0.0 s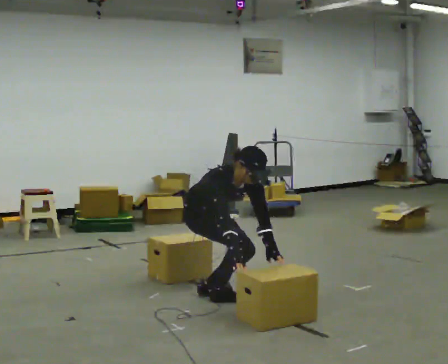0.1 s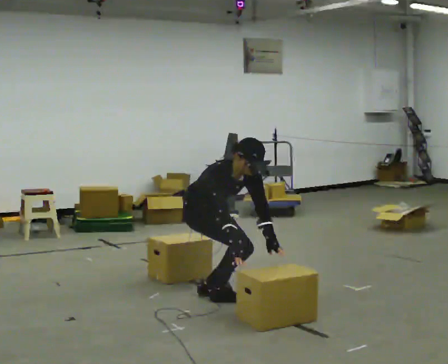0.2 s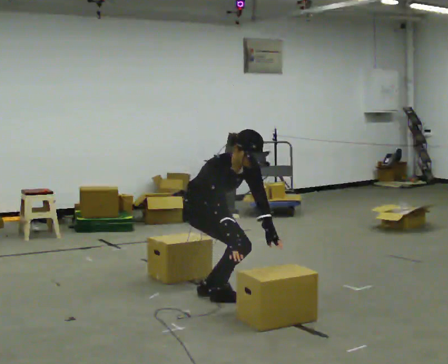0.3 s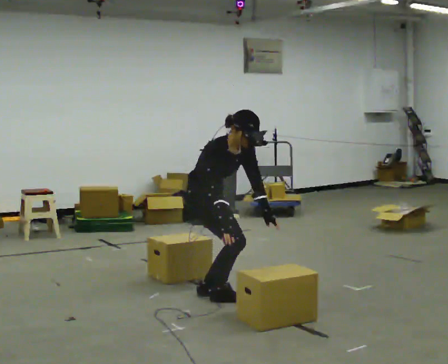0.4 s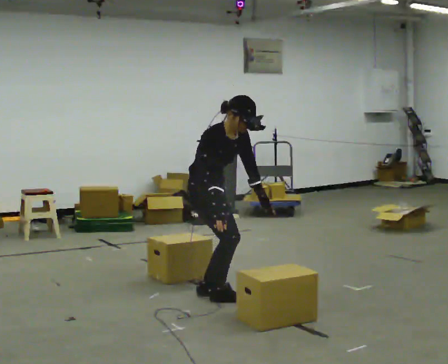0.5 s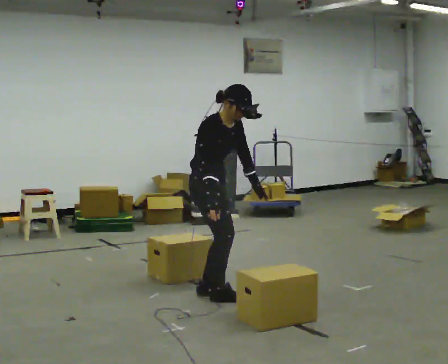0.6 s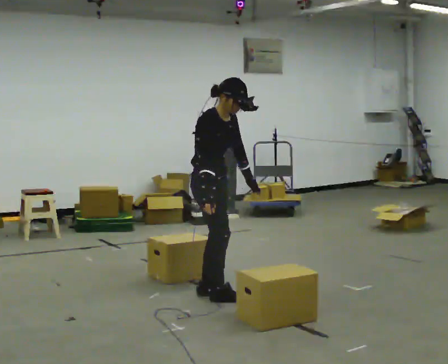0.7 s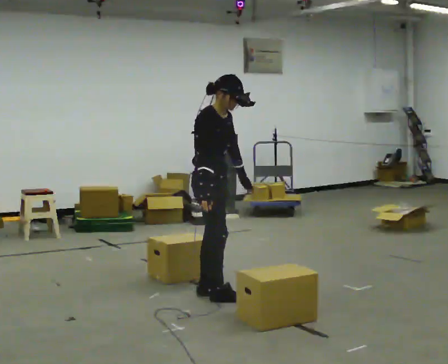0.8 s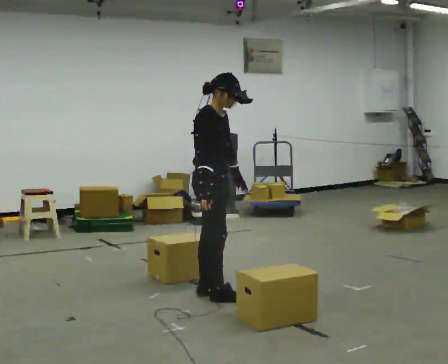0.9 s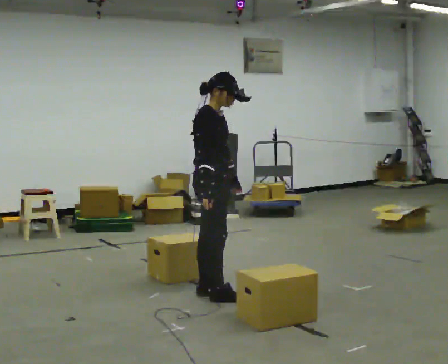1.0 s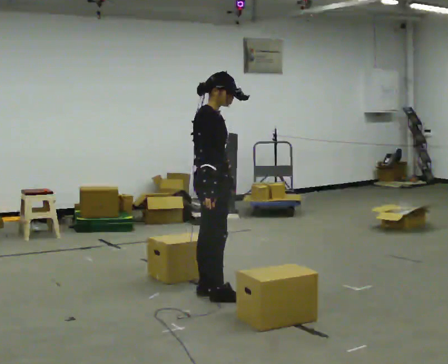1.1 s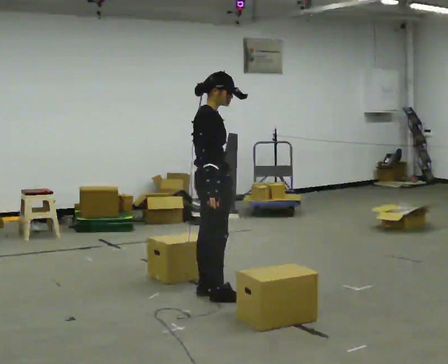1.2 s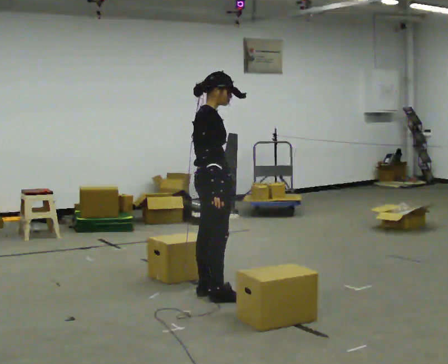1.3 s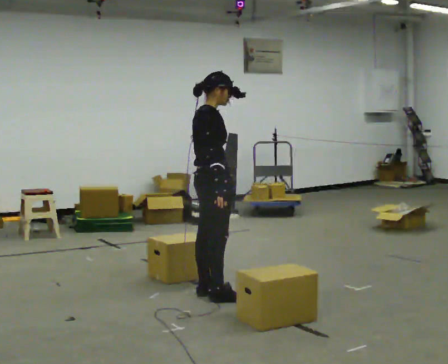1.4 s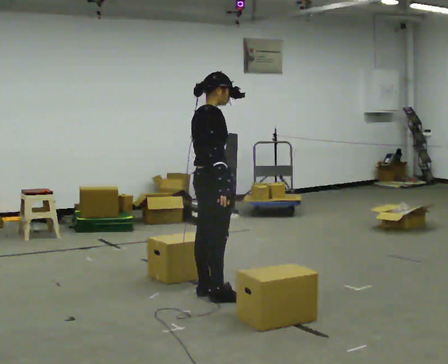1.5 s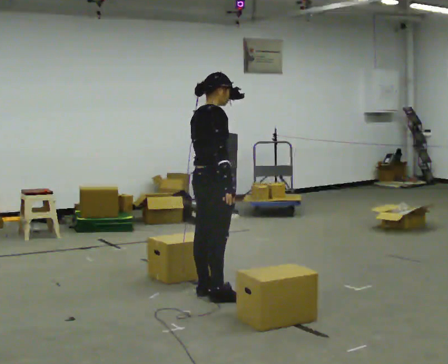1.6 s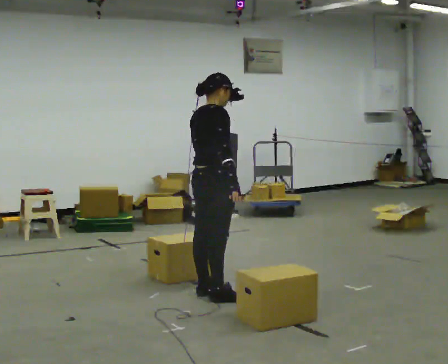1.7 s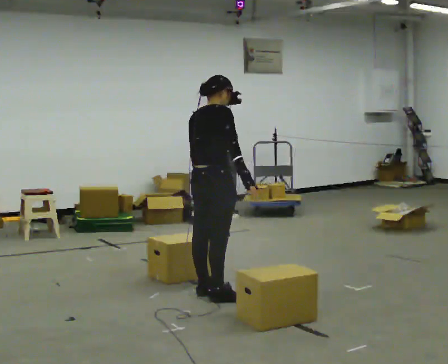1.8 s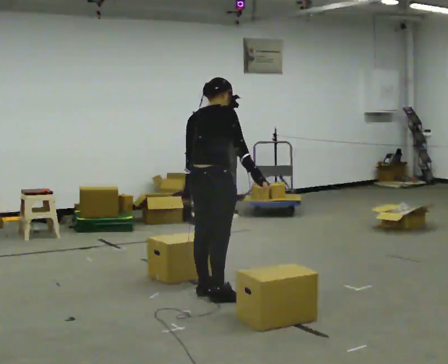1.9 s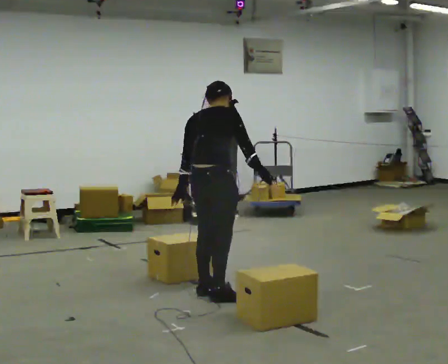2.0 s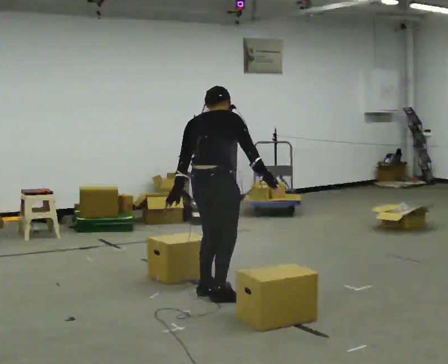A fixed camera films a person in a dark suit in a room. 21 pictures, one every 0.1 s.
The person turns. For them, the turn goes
to their left.
The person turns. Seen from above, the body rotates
counterclockwise.
0.0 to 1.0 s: The person turns about 30 degrees to their left, counterclockwise seen from above, so the part of the body nearest the lens slides to the right. The upper body goes upward. In the picture the upper body tilts counterclockwise, shoulders to the left, as they lean back or straighten. In the picture their left hand goes upward and to the left.
1.0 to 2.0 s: The person turns about 60 degrees to their left, counterclockwise seen from above, so the part of the body nearest the lens slides to the right. The upper body tips away from the camera, its near side rolling upward, as they bend forward.
The film runs backward here.
